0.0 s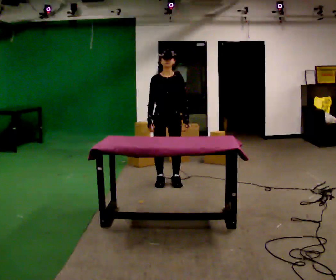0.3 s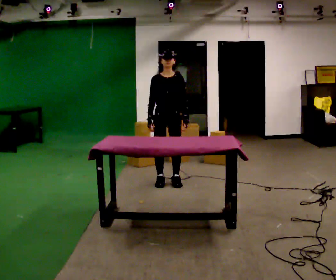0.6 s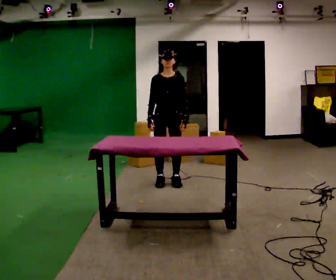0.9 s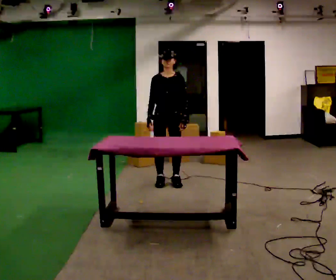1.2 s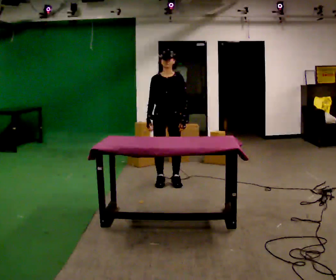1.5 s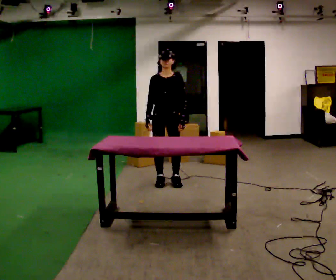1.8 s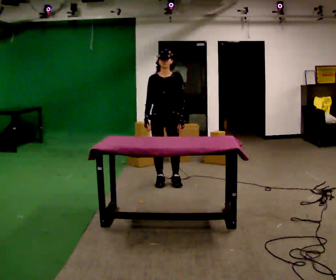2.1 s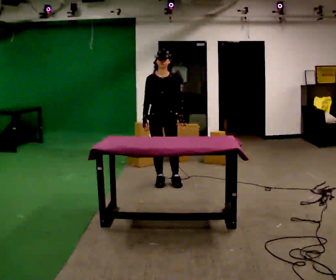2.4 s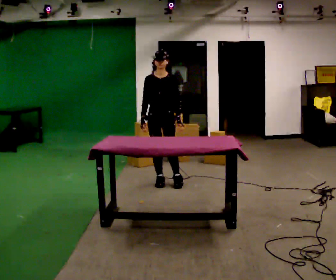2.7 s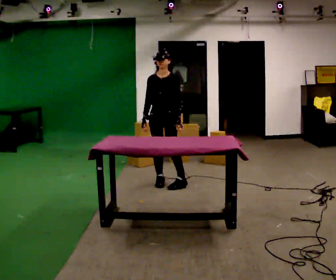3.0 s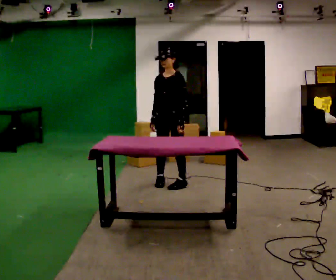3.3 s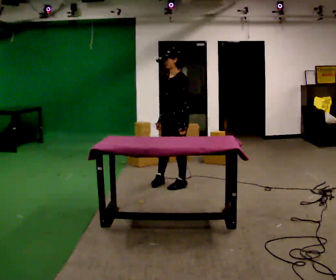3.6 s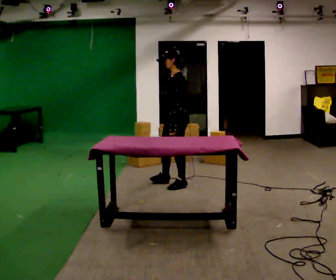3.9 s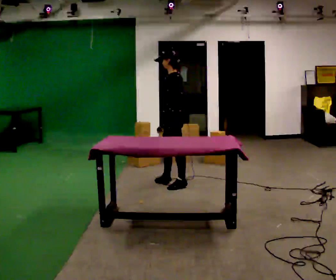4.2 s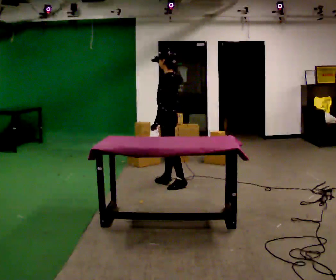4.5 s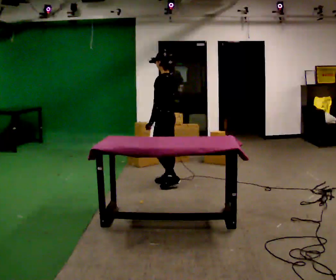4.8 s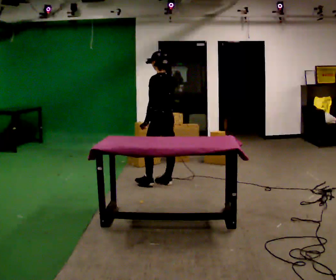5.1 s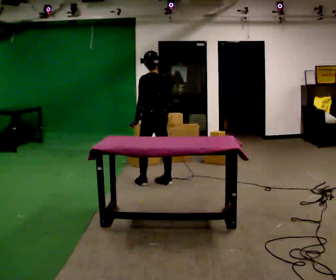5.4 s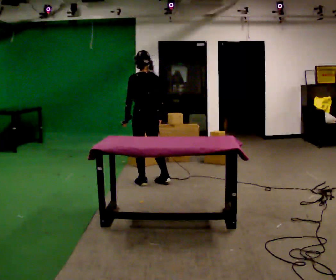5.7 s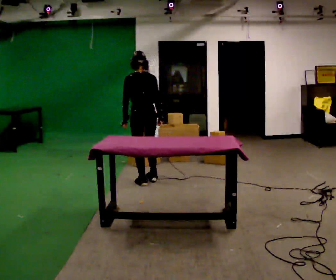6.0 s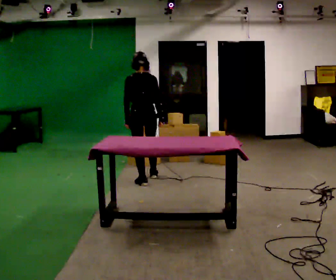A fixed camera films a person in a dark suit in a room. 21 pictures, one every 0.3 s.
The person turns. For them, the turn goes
to their right.
The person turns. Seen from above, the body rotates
clockwise.
0.0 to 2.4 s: The person moves a little, or ends about where they began.
2.4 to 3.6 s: Seen from above the body turns clockwise, about 75 degrees: to their right, with its near side sliding to the left. In the picture they go to the right, about 0.25 m in 1 step. In the picture their right hand goes to the right.
3.6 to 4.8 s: The person turns about 45 degrees to their right, clockwise seen from above, so the part of the body nearest the lens slides to the left. In the picture they go to the left, about 0.25 m, which for them is forward. In the picture their left hand goes to the left.
4.8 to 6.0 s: The person turns about 45 degrees to their right, clockwise seen from above, so the part of the body nearest the lens slides to the left. In the picture they go to the left, about 0.25 m in 2 steps, which for them is to their left and forward.
The film runs forward here.
